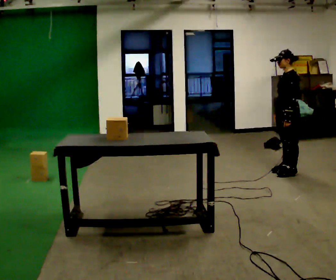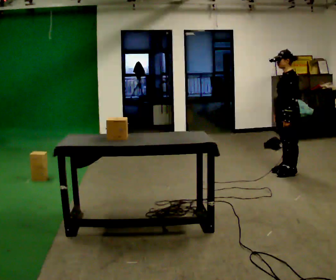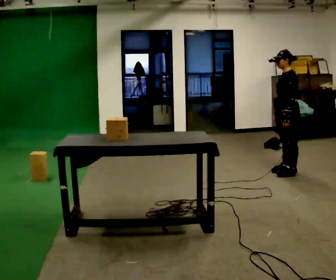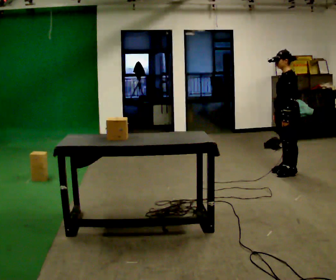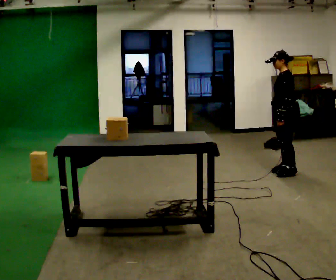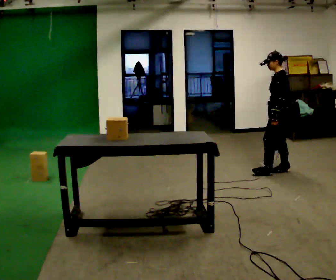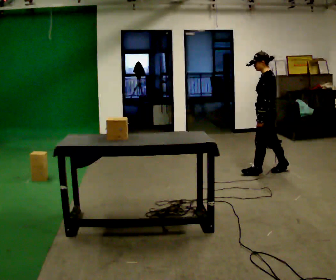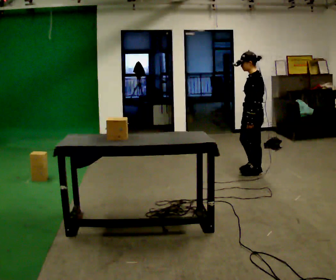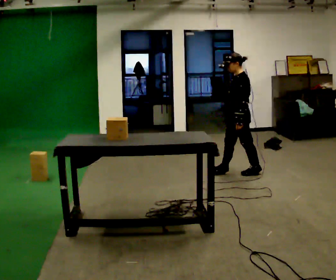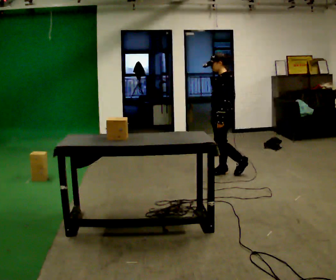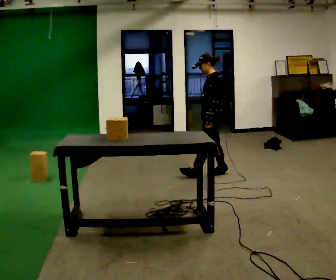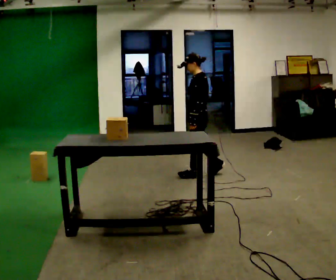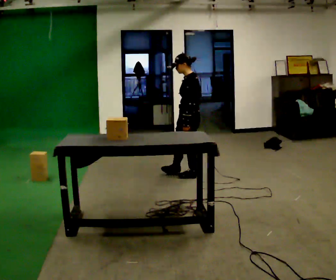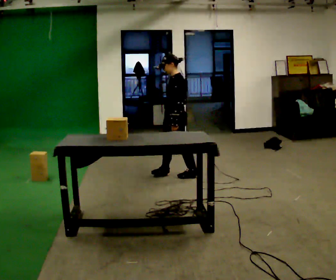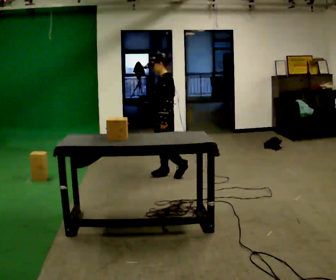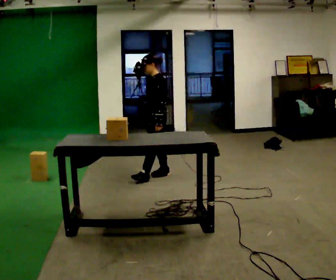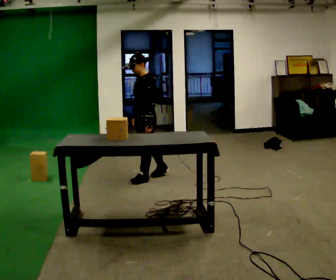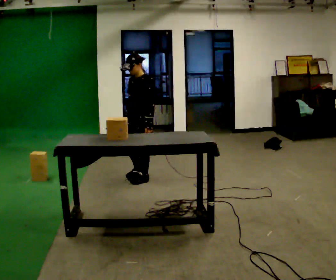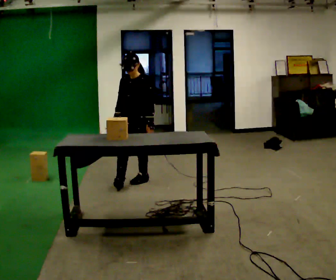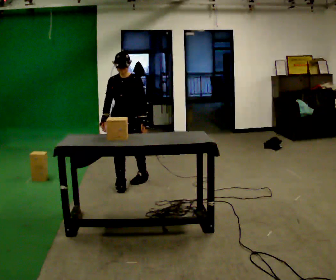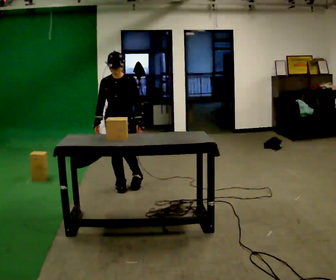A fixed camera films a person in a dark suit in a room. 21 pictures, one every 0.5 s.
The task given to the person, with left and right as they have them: Bring the boxes over one at a time and stack them on top of each other, walking back for each one. Keep going until the operator says stop; one object at a time, and do not rush between trips.
0.0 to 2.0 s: The person moves a little, or ends about where they began.
2.0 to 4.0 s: In the picture they go to the left, about 0.5 m in 2 steps, which for them is forward.
4.0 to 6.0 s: In the picture they go to the left, about 0.5 m in 1 step, which for them is forward.
6.0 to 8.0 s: In the picture they go to the left and toward the camera, about 0.5 m in 2 steps, which for them is forward.
8.0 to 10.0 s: Seen from above the body turns counterclockwise, about 60 degrees: to their left, with its near side sliding to the right. In the picture they go toward the camera and to the left, about 0.5 m in 1 step.
The film runs forward here.
